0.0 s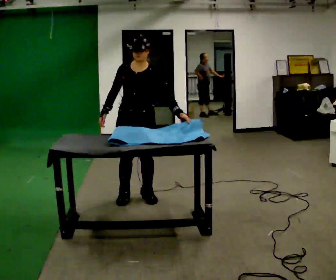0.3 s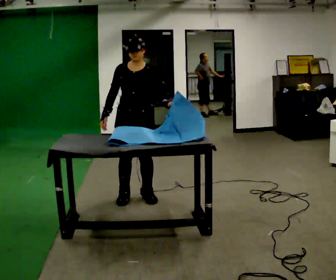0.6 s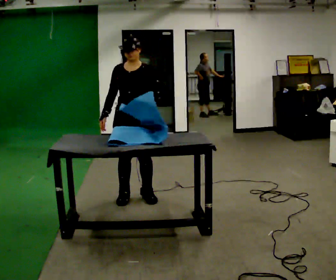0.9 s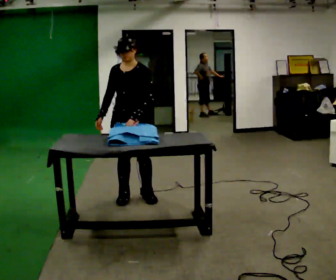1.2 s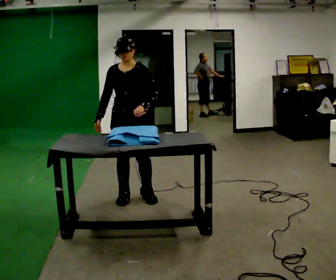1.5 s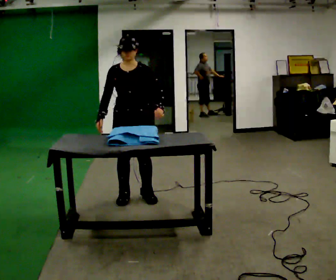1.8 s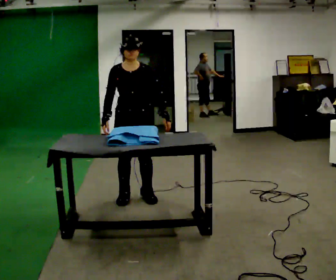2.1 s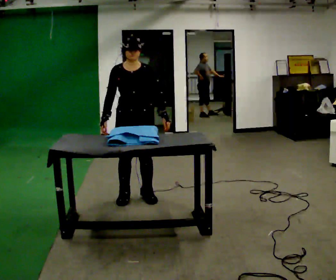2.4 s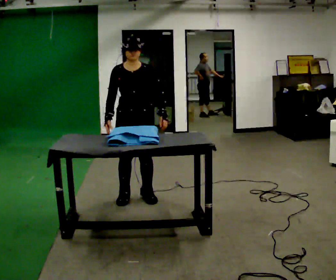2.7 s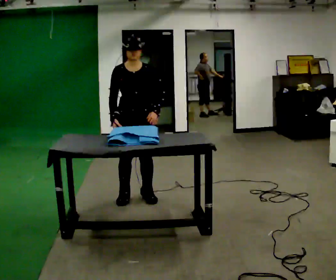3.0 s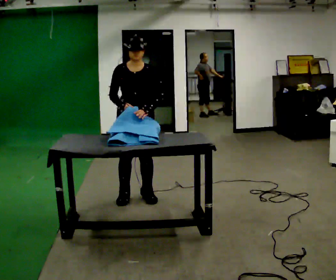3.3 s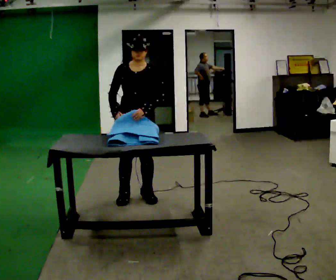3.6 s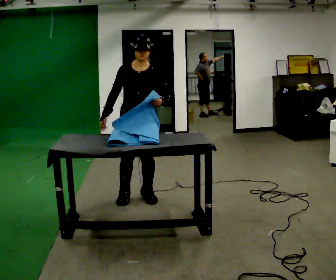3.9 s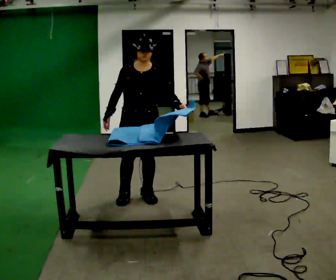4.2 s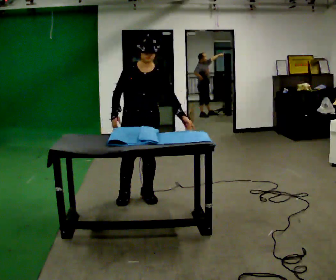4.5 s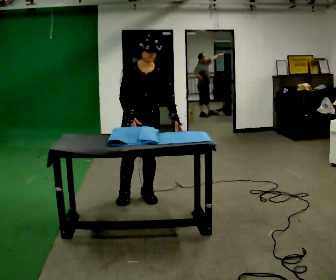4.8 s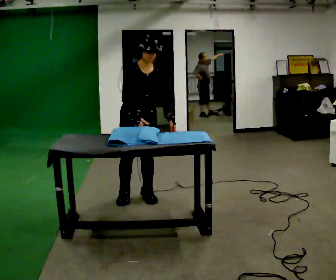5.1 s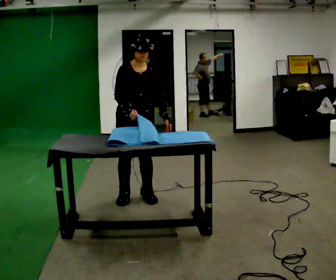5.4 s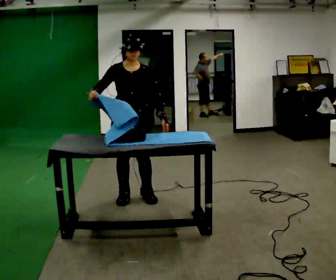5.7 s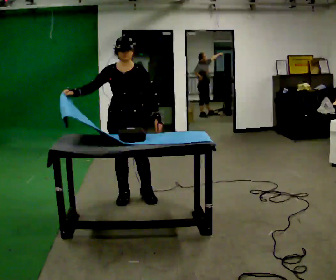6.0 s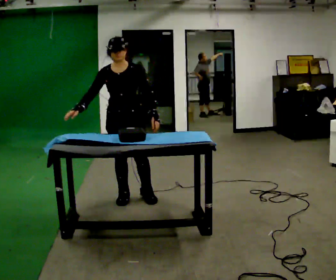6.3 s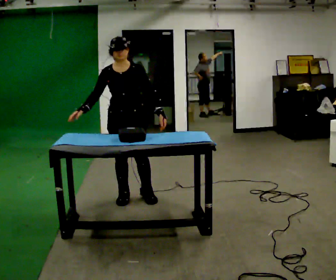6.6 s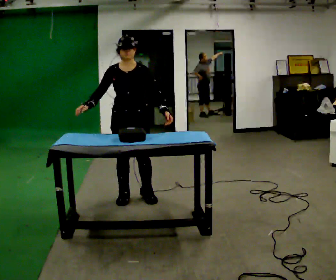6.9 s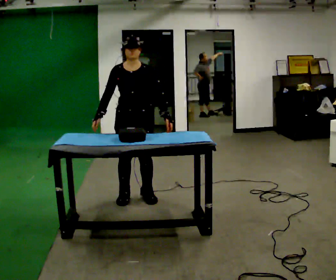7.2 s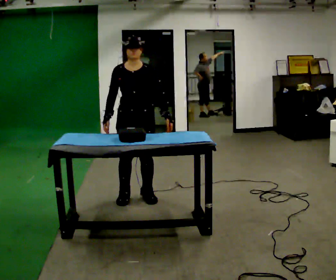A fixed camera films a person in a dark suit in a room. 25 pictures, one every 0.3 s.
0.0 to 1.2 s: In the picture their left hand goes to the left.
1.2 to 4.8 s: The person turns about 30 degrees to their left, counterclockwise seen from above, so the part of the body nearest the lens slides to the right. In the picture their left hand goes to the right.
4.8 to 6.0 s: In the picture their right hand goes to the left.
6.0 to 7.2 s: The person moves a little, or ends about where they began.
The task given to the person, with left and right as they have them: Wrap the cloth around the object and tuck it in, then unwrap it. Repeat at your own pace until the operator says stop. Keep both feet on the marked spots for the whole take. If you have to step, stop and tell the operator.
The film runs forward here.
